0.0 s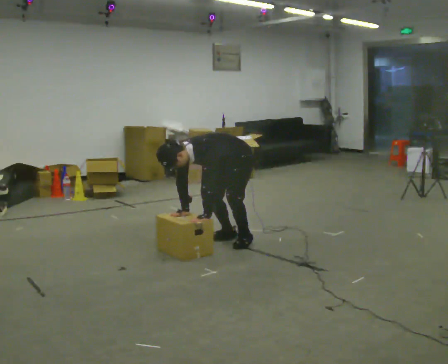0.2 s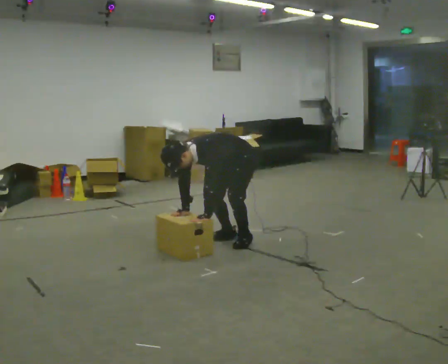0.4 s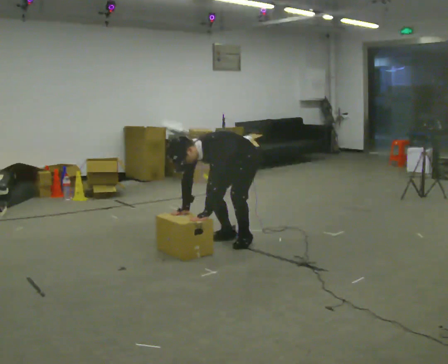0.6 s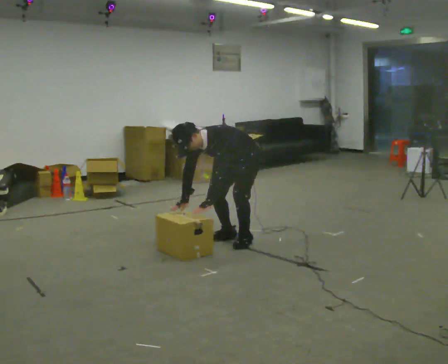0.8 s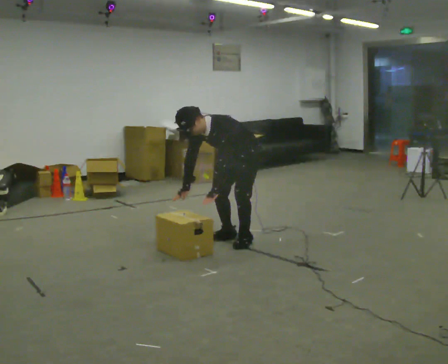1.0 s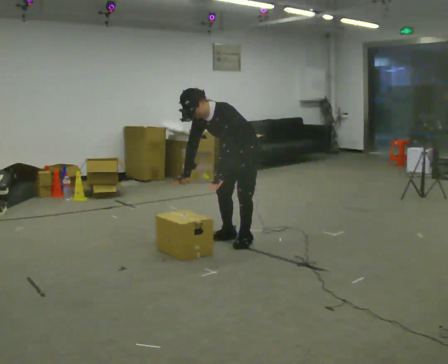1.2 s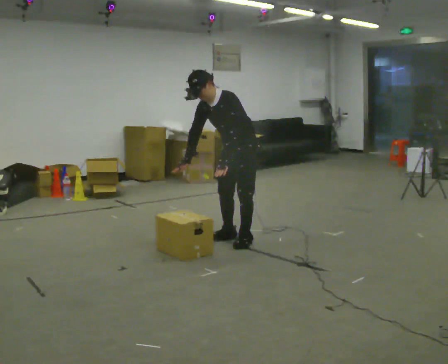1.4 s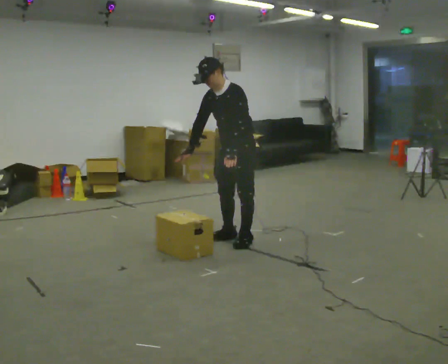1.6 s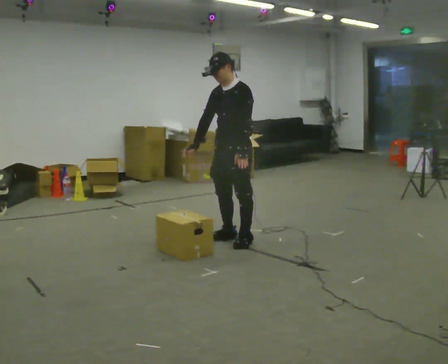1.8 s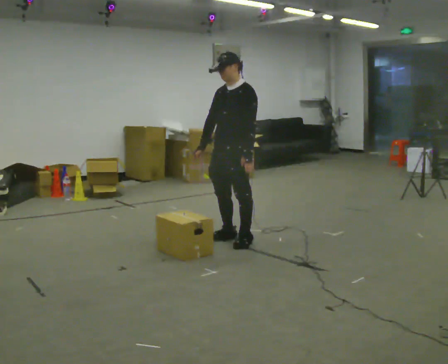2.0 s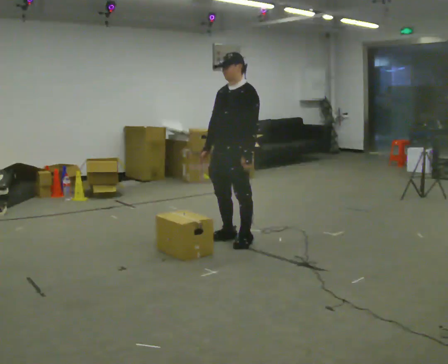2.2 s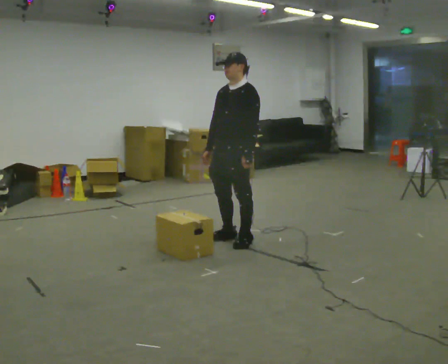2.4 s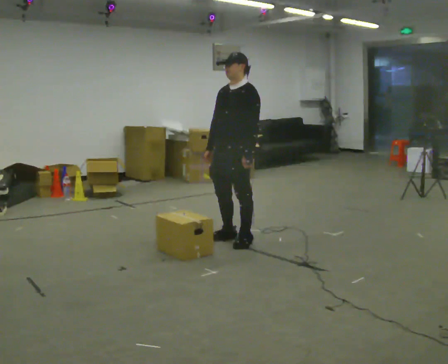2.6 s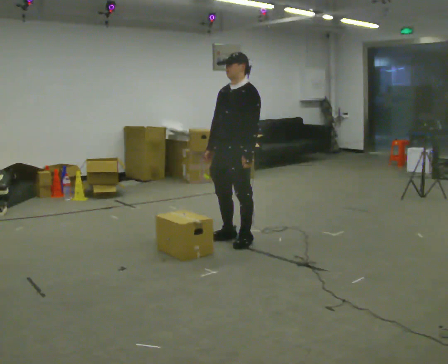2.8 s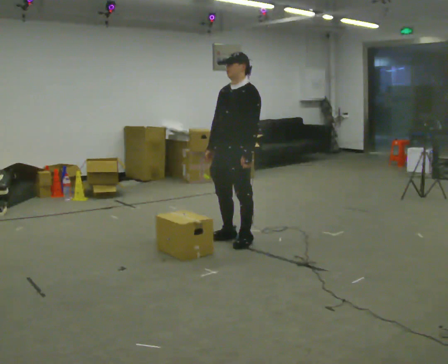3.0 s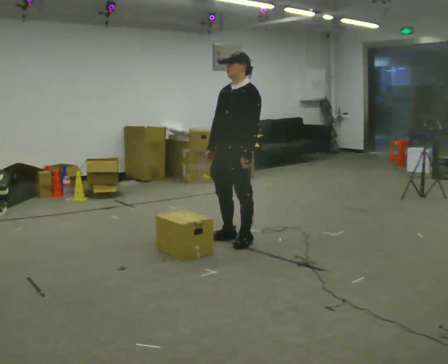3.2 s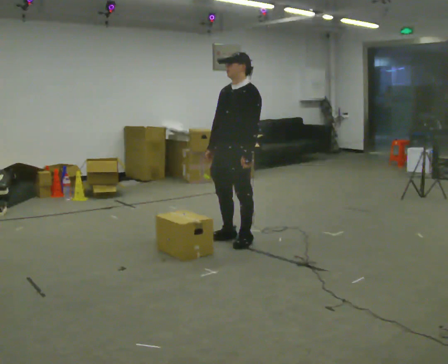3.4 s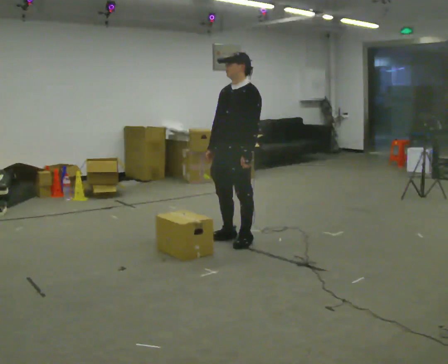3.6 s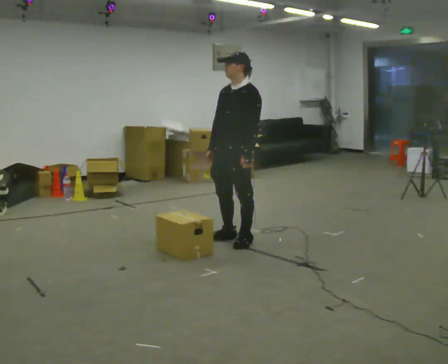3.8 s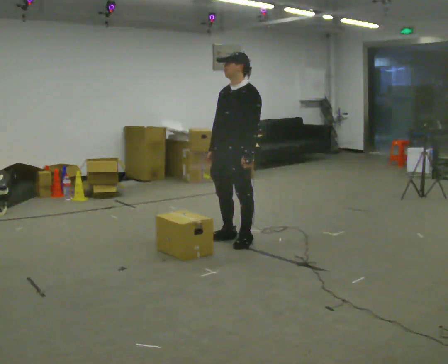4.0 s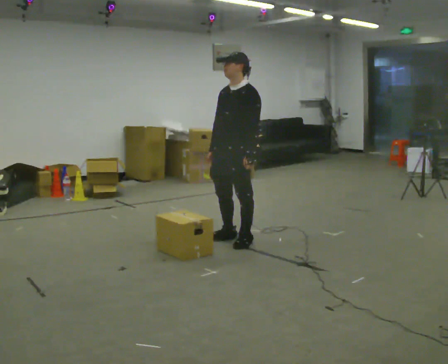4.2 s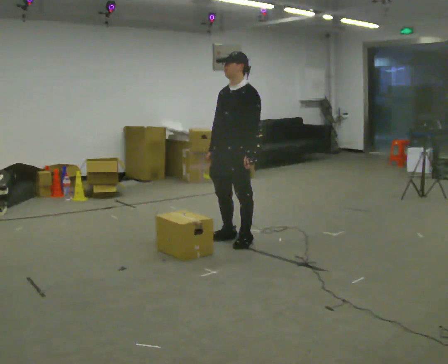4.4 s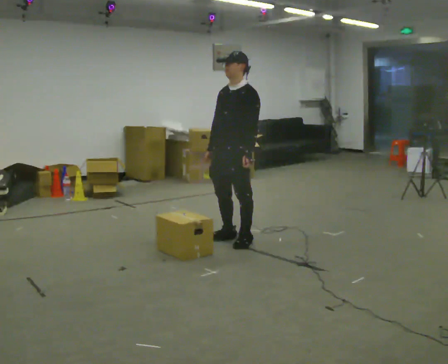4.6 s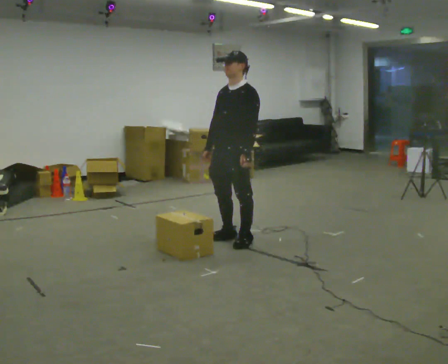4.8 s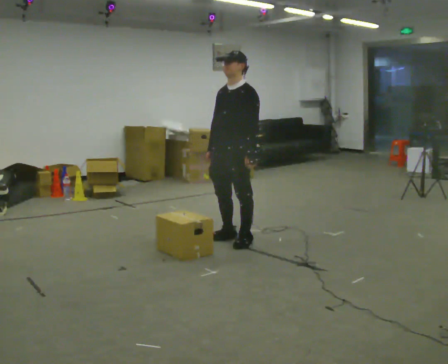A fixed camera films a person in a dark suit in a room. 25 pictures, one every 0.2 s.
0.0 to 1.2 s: The upper body goes upward. In the picture the upper body tilts clockwise, shoulders to the right, as they lean back or straighten. In the picture their right hand goes upward.
1.2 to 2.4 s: In the picture the upper body tilts clockwise, shoulders to the right, as they lean back or straighten.
2.4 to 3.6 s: The person keeps their place and pose.
3.6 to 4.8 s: The person moves a little, or ends about where they began.
The film runs backward here.
